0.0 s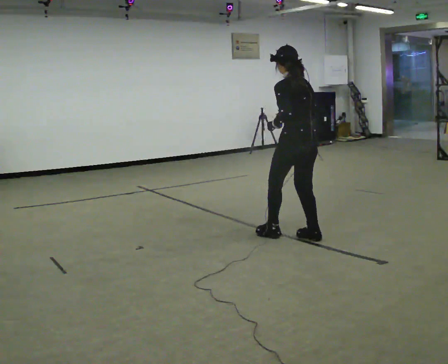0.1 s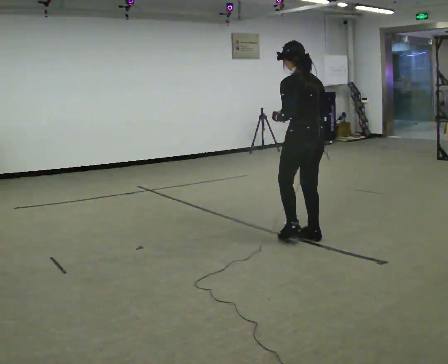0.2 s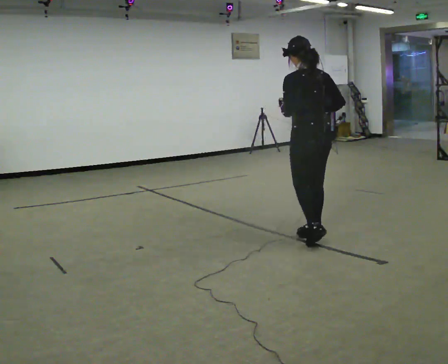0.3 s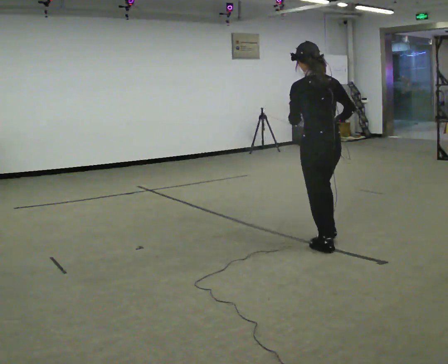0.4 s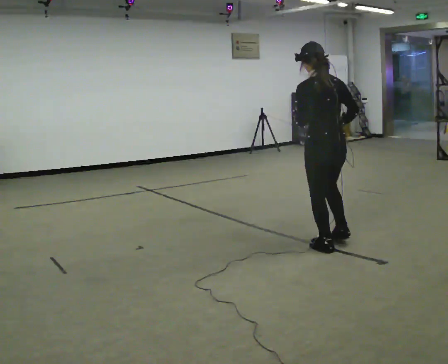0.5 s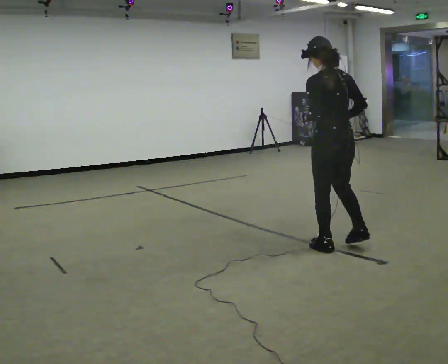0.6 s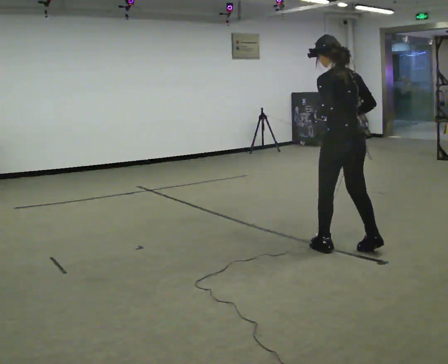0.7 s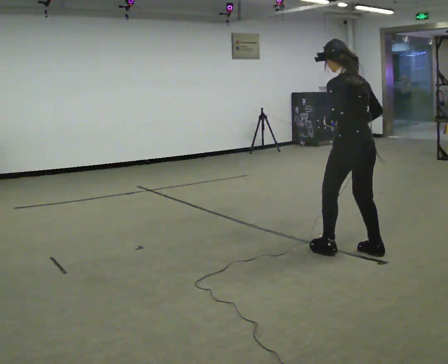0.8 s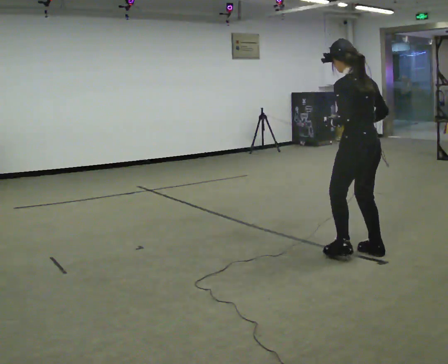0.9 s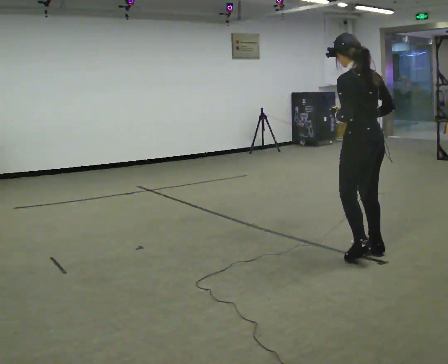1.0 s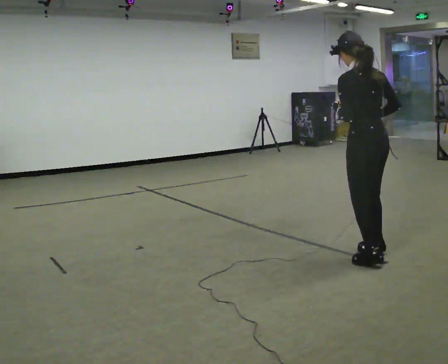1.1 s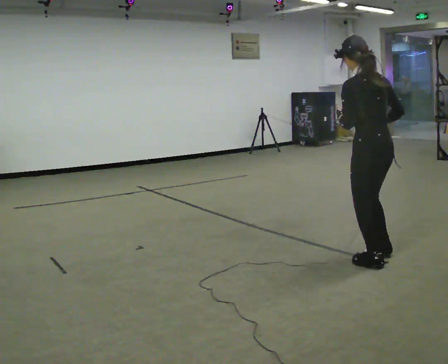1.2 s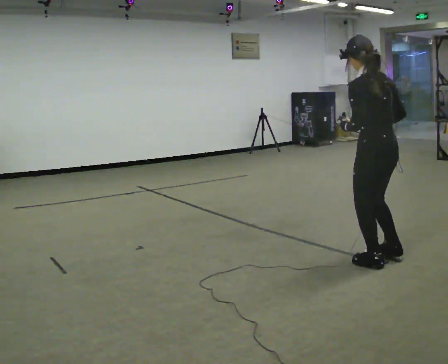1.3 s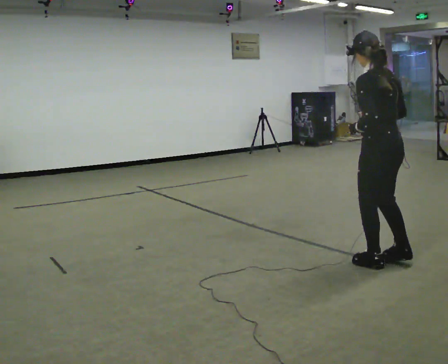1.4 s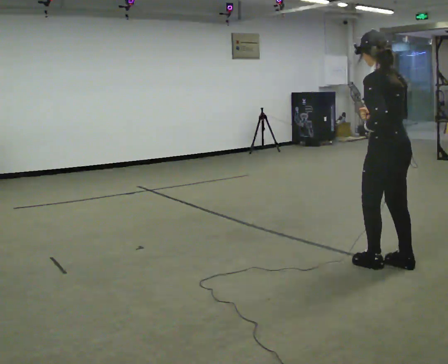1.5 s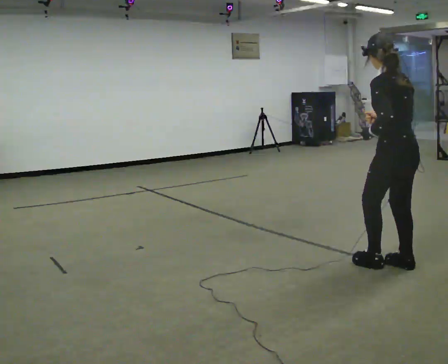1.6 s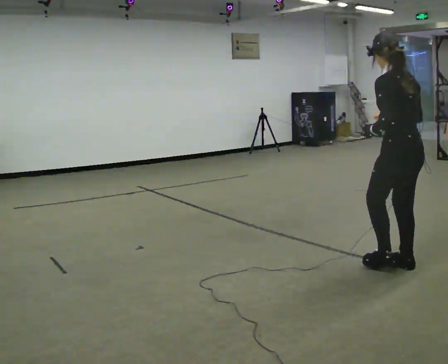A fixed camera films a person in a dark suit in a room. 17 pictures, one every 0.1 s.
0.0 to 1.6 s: In the picture they go to the right and toward the camera, about 1 m in 4 steps, which for them is backward.
The film runs forward here.
